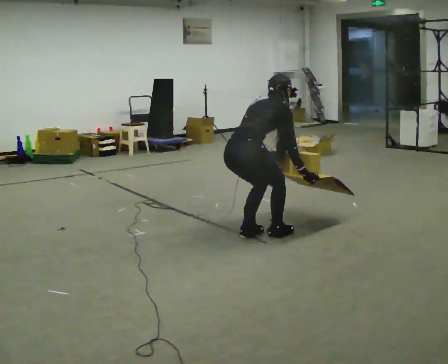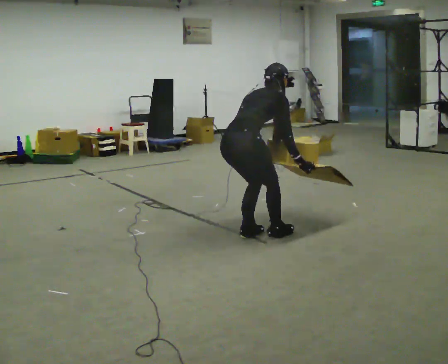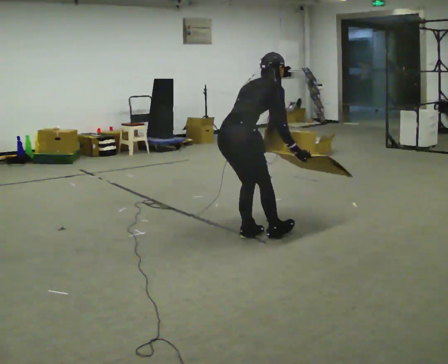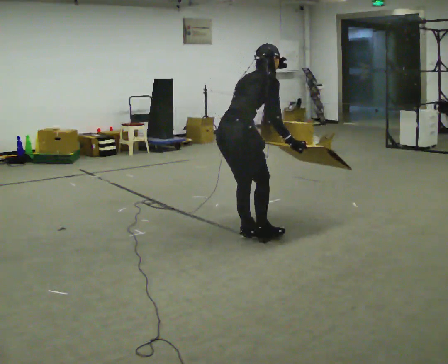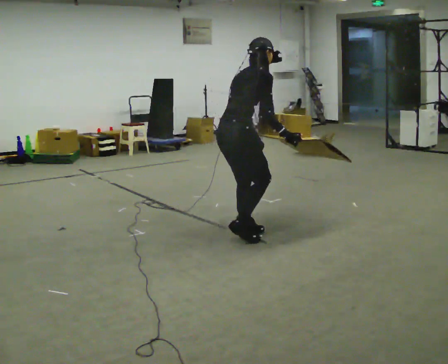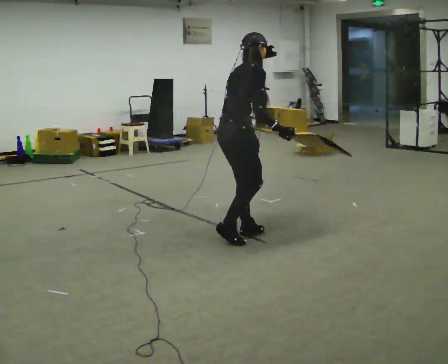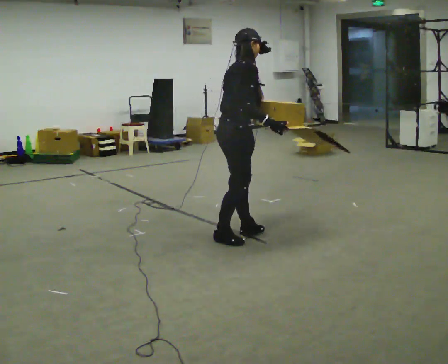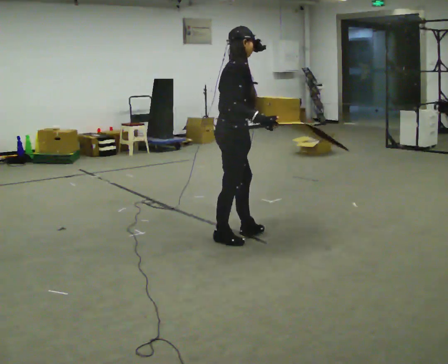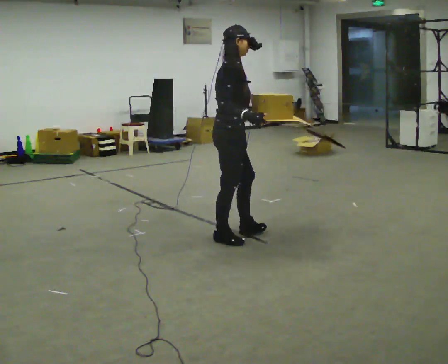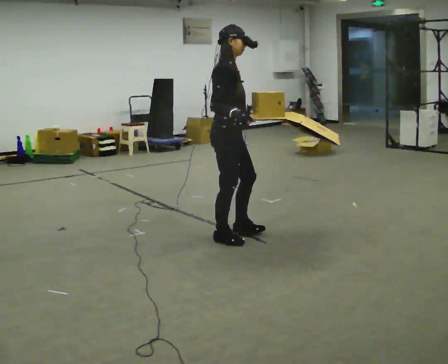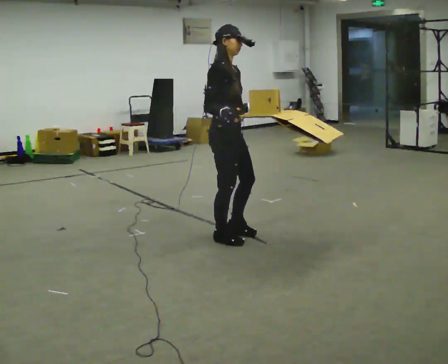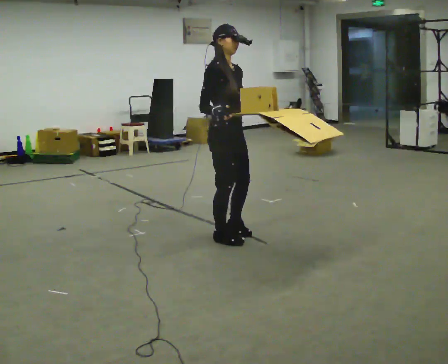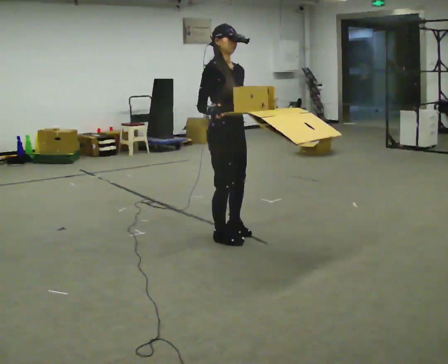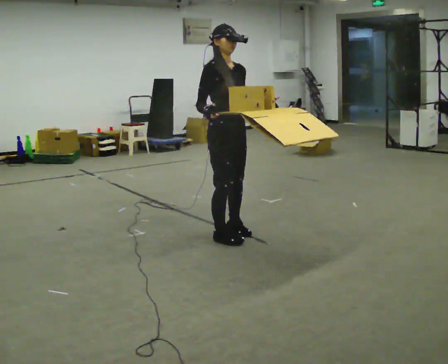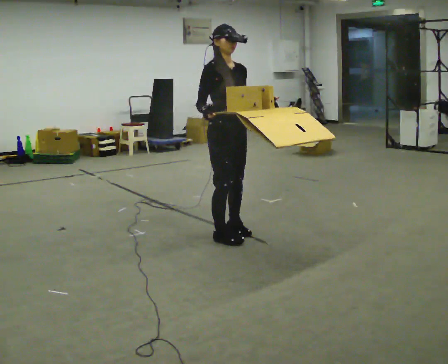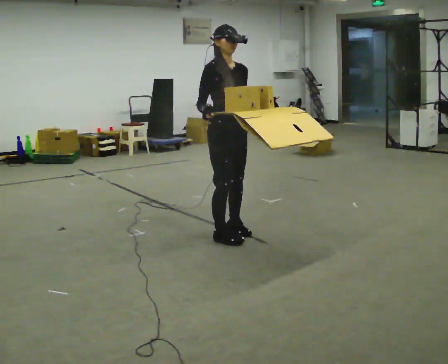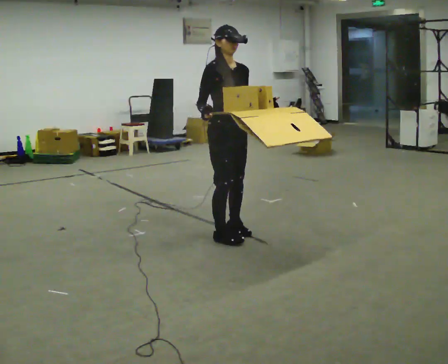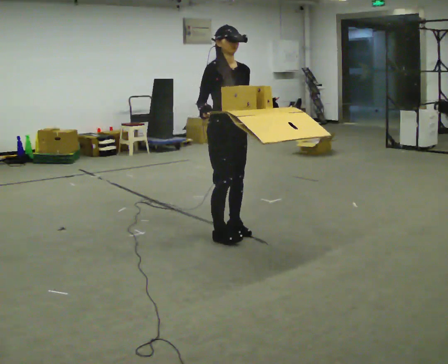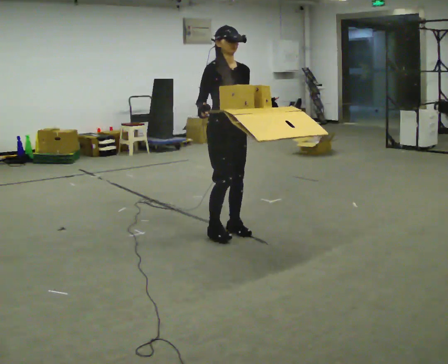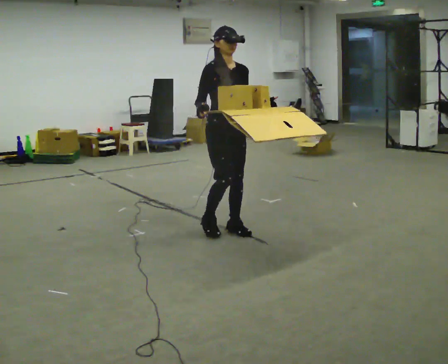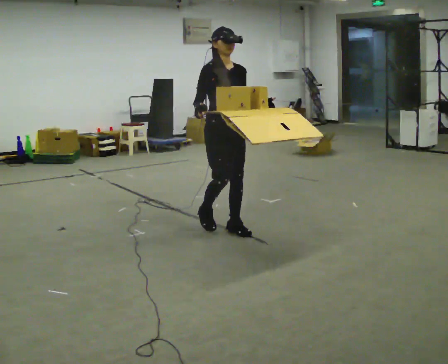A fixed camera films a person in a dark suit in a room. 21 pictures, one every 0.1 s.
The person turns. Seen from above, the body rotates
clockwise.
The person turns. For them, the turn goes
to their right.
0.0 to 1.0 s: The part of the body nearest the lens slides to the left as the person turns to their right by about 60 degrees. In the picture they go to the left, about 0.25 m in 2 steps. The shoulders move upward. The upper body tips toward the camera, its near side rolling downward, as they lean back or straighten. In the picture their left hand goes upward, the arm swinging counterclockwise.
1.0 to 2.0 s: The person turns about 45 degrees to their right, clockwise seen from above, so the part of the body nearest the lens slides to the left. In the picture they go away from the camera, about 0.25 m in 1 step, which for them is backward.
The film runs backward here.
